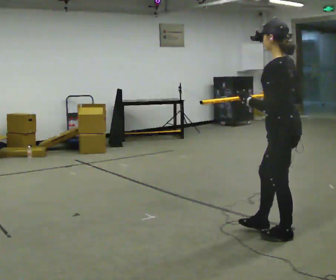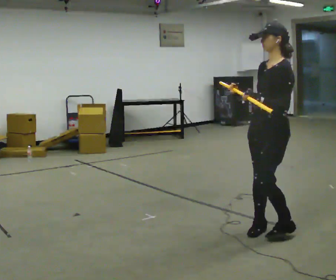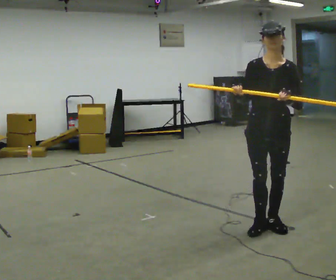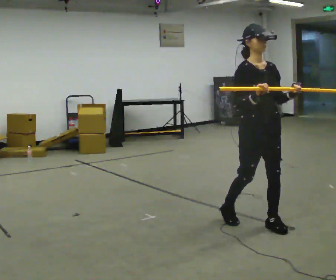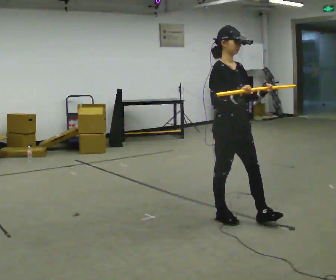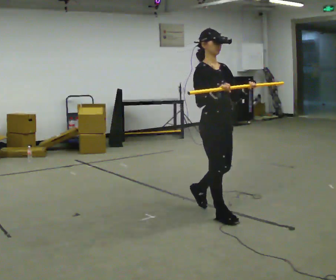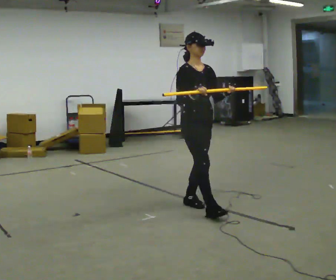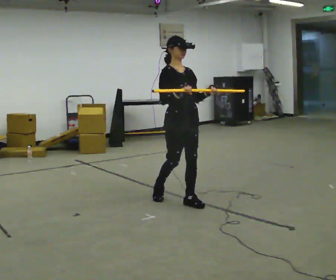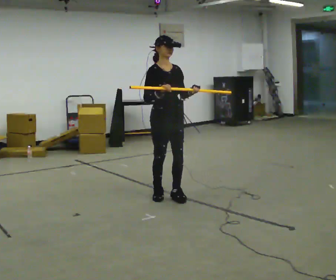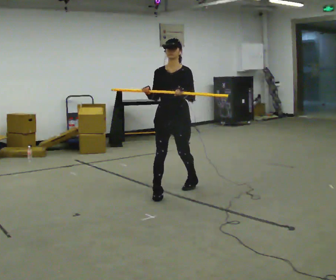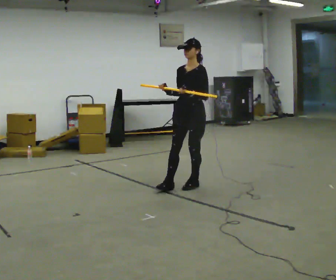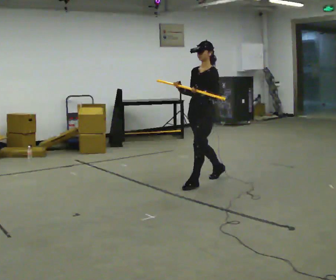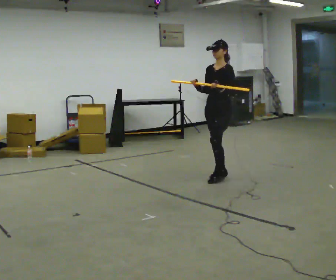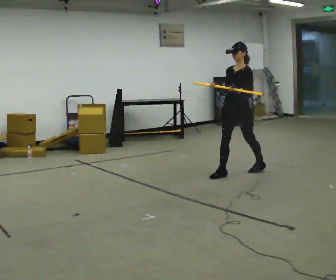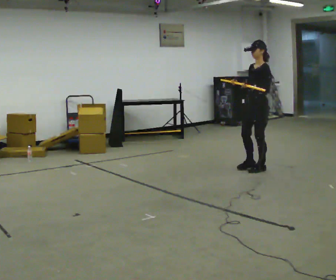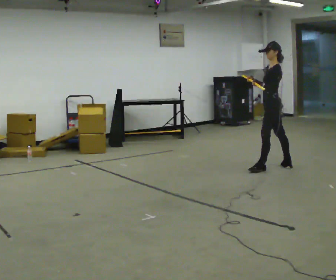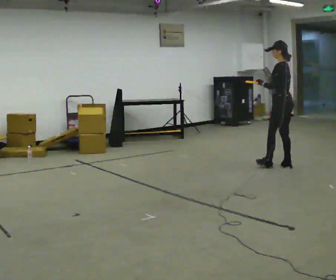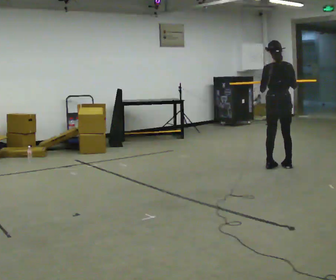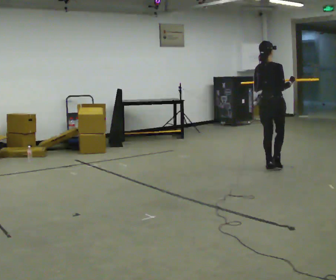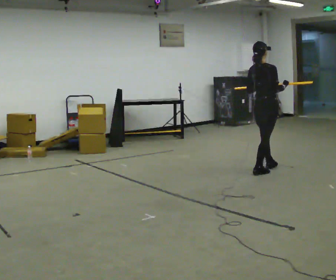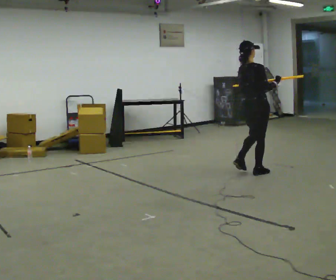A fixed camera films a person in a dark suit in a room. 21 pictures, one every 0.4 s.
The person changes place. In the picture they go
away from the camera.
0.0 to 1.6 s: Seen from above the body turns counterclockwise, about 180 degrees: to their left, with its near side sliding to the right. In the picture they go away from the camera and to the left, about 0.5 m in 3 steps.
1.6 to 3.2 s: In the picture they go away from the camera and to the left, about 1 m in 2 steps, which for them is backward.
3.2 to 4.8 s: The part of the body nearest the lens slides to the left as the person turns to their right by about 90 degrees. In the picture they go away from the camera and to the right, about 1 m in 2 steps.
4.8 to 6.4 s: The person turns about 75 degrees to their right, clockwise seen from above, so the part of the body nearest the lens slides to the left. In the picture they go to the right, about 1 m in 2 steps.
6.4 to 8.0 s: The part of the body nearest the lens slides to the left as the person turns to their right by about 105 degrees. In the picture they go to the left and toward the camera, about 0.5 m in 2 steps.
The film runs backward here.
